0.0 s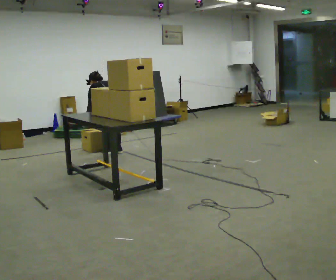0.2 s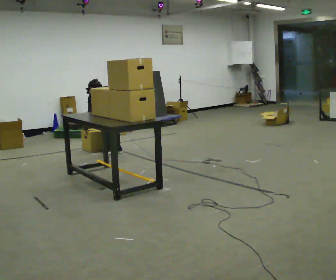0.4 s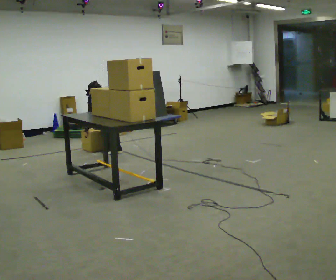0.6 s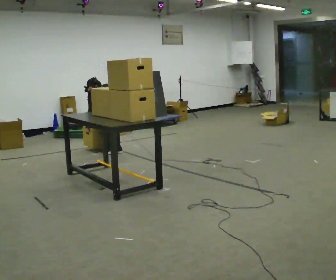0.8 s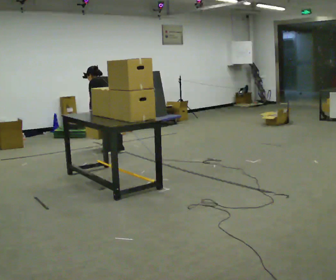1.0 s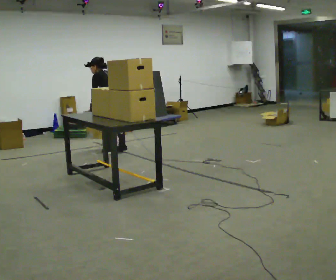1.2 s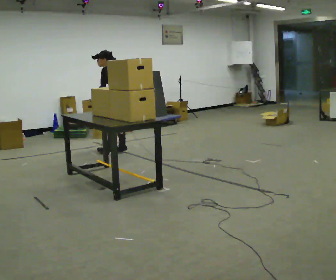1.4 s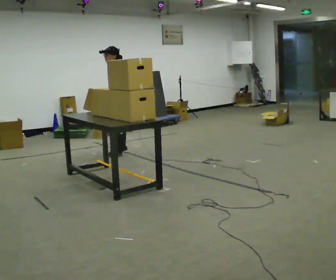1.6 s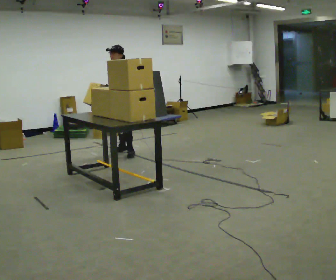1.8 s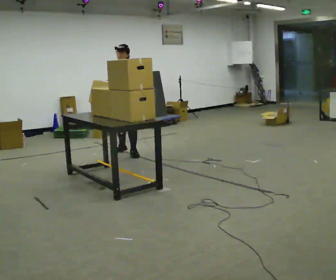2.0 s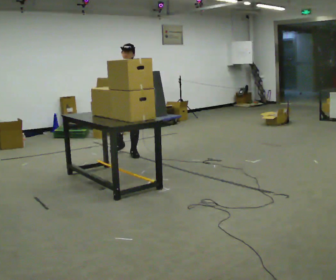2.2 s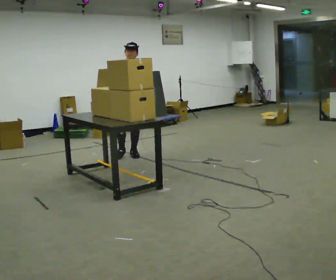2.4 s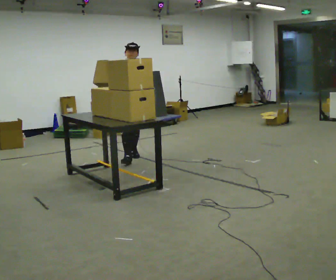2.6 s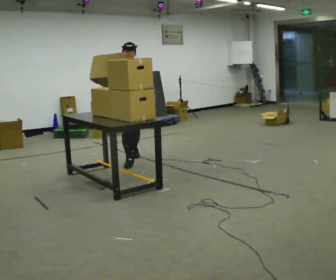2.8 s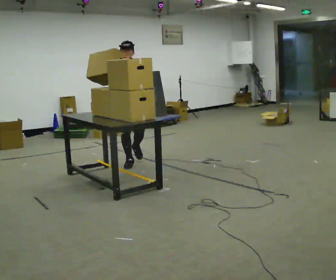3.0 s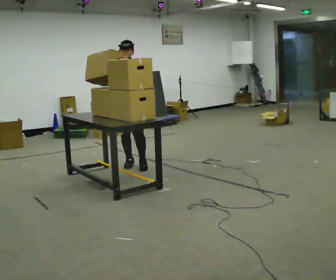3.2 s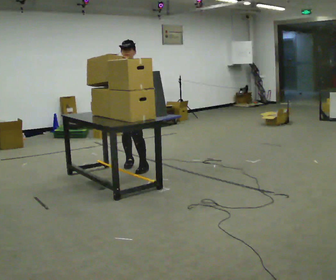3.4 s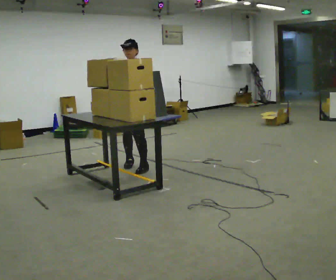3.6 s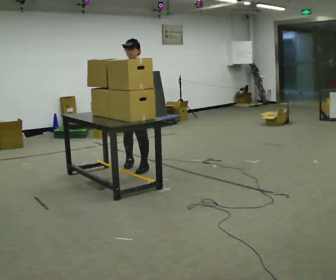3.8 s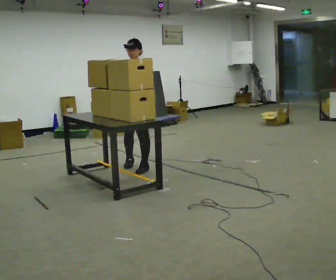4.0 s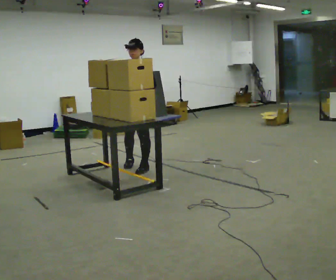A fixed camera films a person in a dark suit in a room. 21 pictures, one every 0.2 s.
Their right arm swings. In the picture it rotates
clockwise.
The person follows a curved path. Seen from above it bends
clockwise.
0.0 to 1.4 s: The part of the body nearest the lens slides to the right as the person turns to their left by about 75 degrees. In the picture they go away from the camera and to the right, about 0.25 m. The upper body tips toward the camera, its near side rolling downward, as they lean back or straighten. In the picture their right hand goes upward.
1.4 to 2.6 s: The part of the body nearest the lens slides to the right as the person turns to their left by about 75 degrees. In the picture they go toward the camera, about 0.5 m in 2 steps. In the picture the upper body tilts clockwise, shoulders to the right, as they lean back or straighten. In the picture their right hand goes upward, the arm swinging clockwise.
2.6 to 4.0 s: The person turns about 30 degrees to their right, clockwise seen from above, so the part of the body nearest the lens slides to the left. In the picture they go toward the camera, about 0.5 m in 1 step, which for them is to their left and forward.
The film runs forward here.
